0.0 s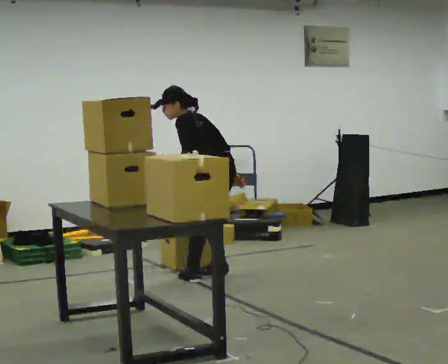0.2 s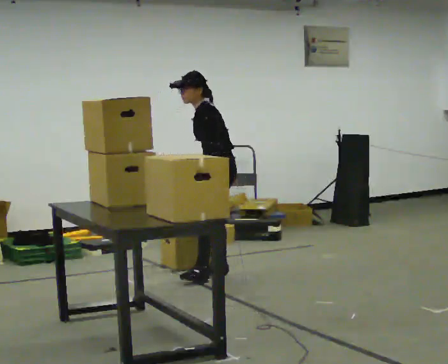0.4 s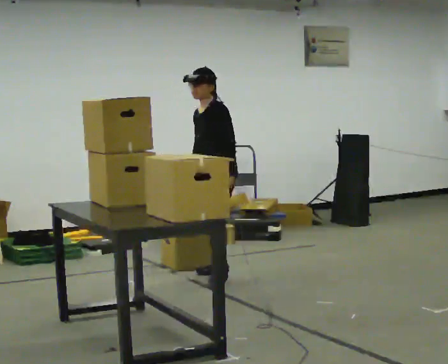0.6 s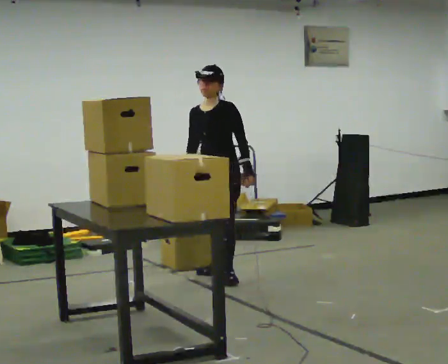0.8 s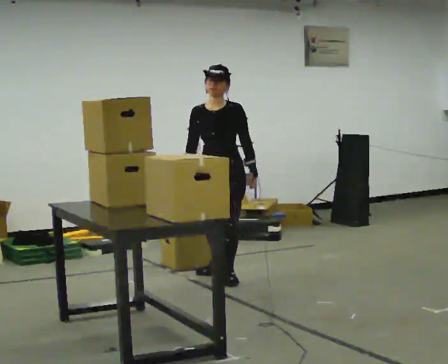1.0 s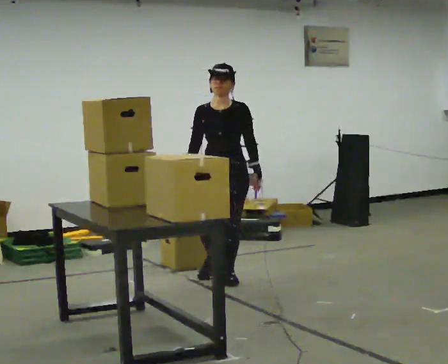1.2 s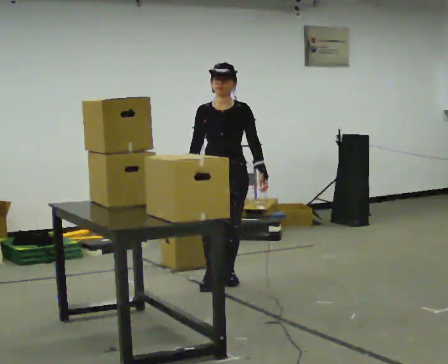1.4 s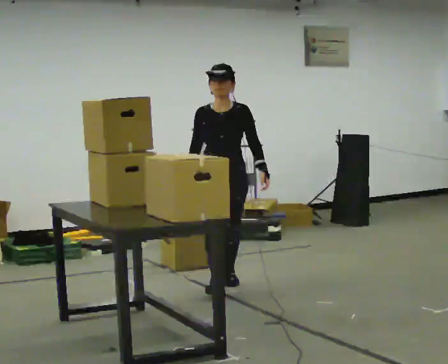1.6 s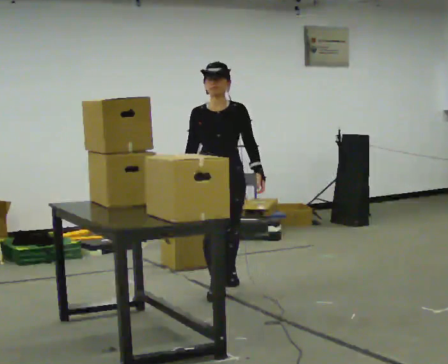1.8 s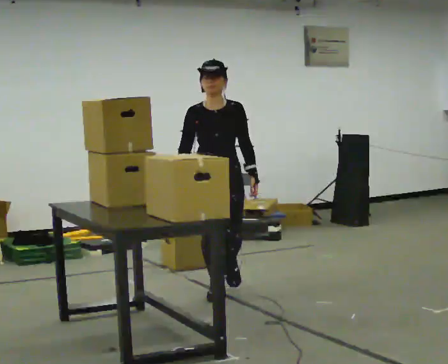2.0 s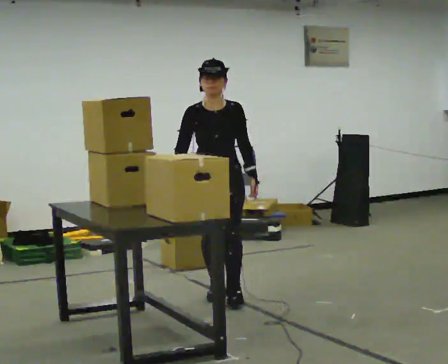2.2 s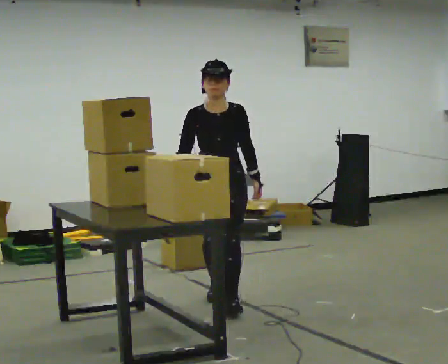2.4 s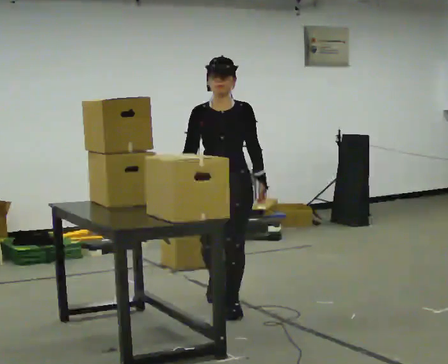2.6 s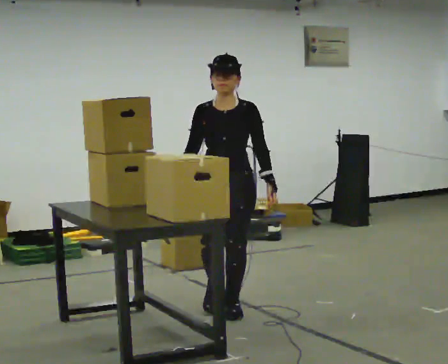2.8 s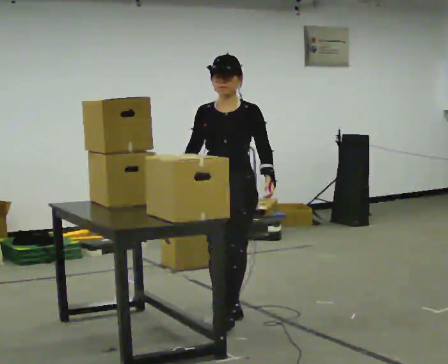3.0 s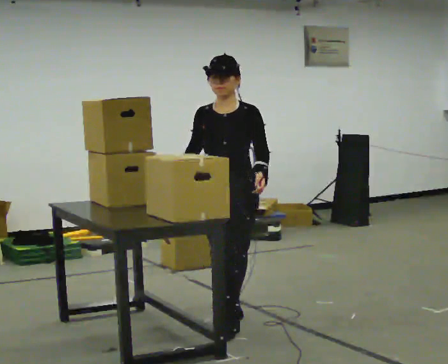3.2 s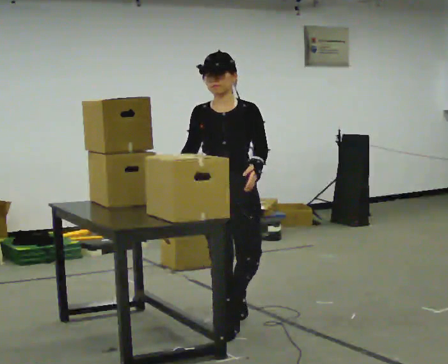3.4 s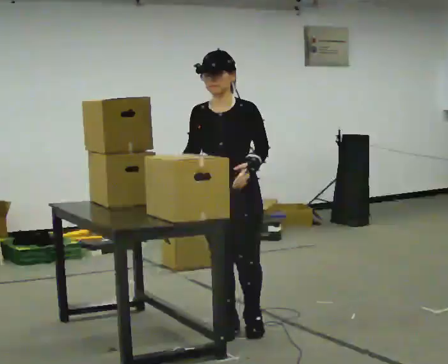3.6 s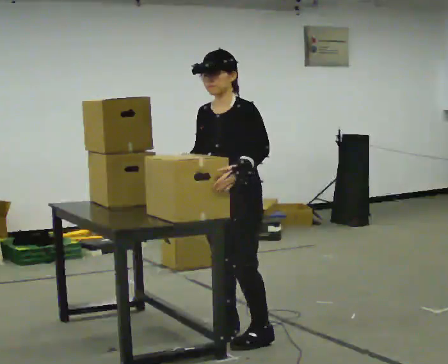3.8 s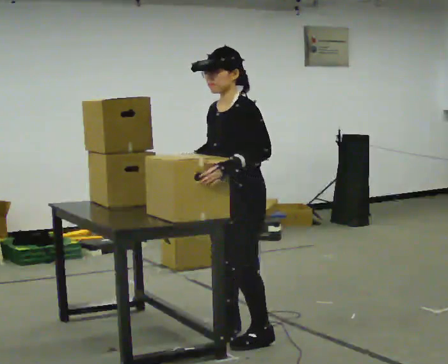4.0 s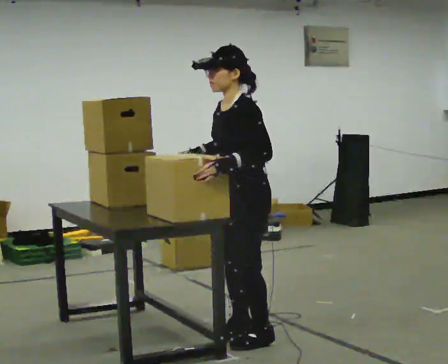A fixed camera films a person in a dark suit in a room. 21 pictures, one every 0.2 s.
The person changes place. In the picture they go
toward the camera.
Their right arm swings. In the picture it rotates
clockwise.
0.0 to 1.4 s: The part of the body nearest the lens slides to the right as the person turns to their left by about 120 degrees. In the picture they go toward the camera, about 0.25 m in 2 steps. In the picture the upper body tilts clockwise, shoulders to the right, as they lean back or straighten.
1.4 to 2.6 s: In the picture they go toward the camera, about 0.5 m in 1 step, which for them is forward.
2.6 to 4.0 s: The person turns about 75 degrees to their right, clockwise seen from above, so the part of the body nearest the lens slides to the left. In the picture they go toward the camera, about 0.75 m in 2 steps.
The film runs forward here.
